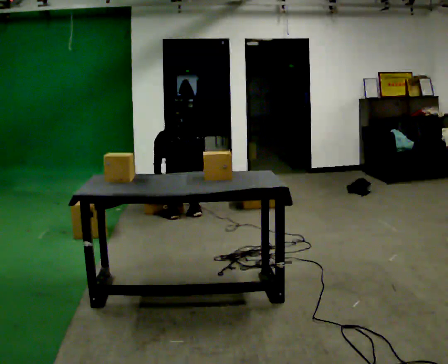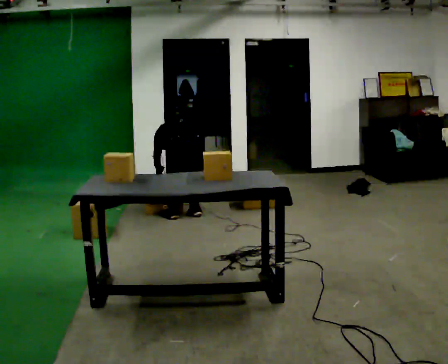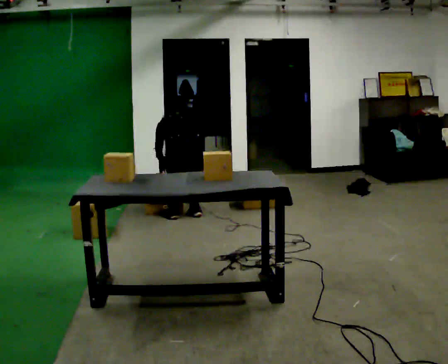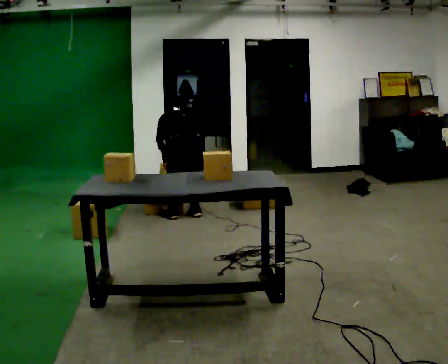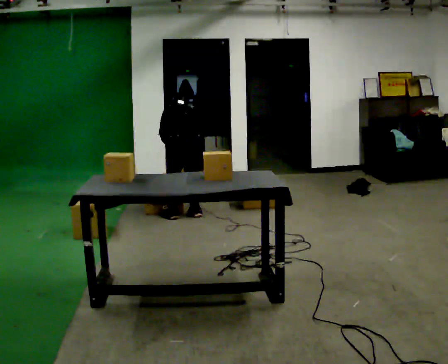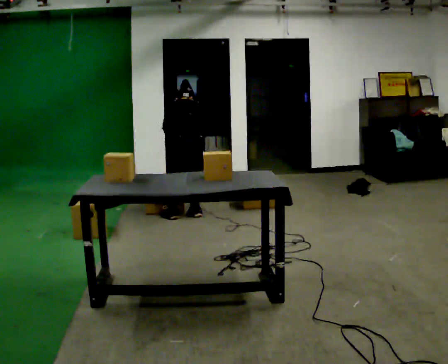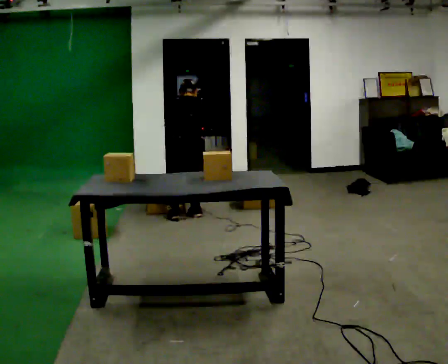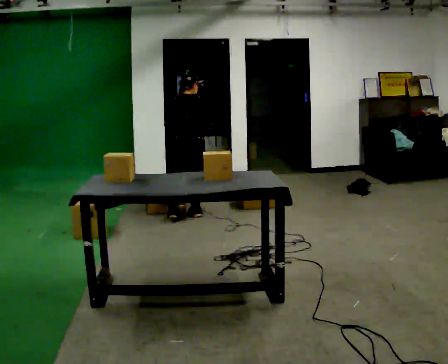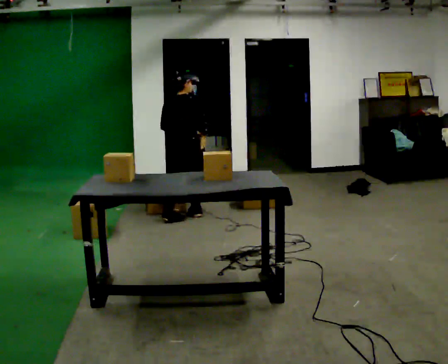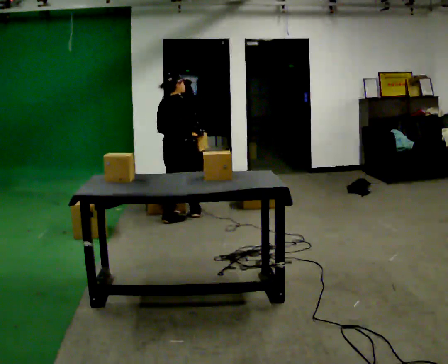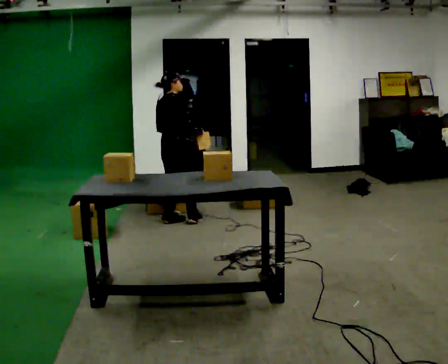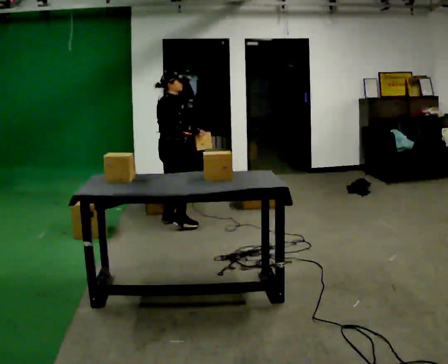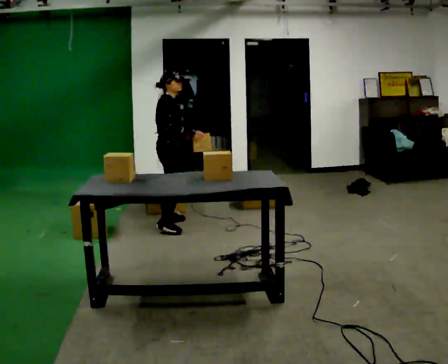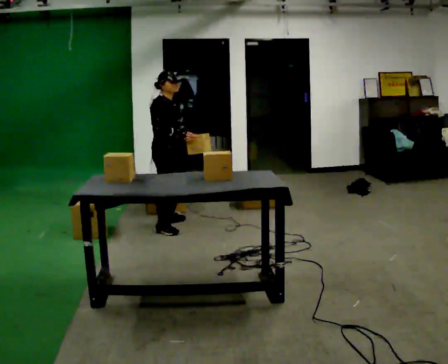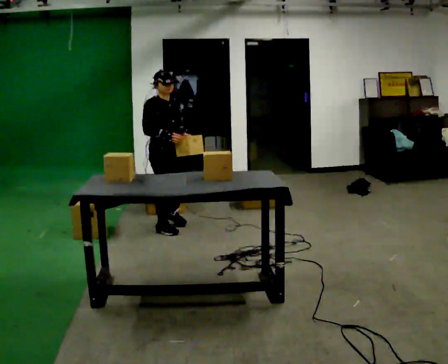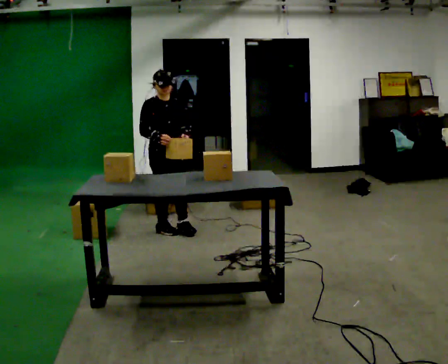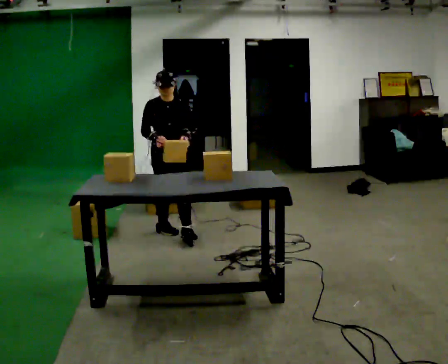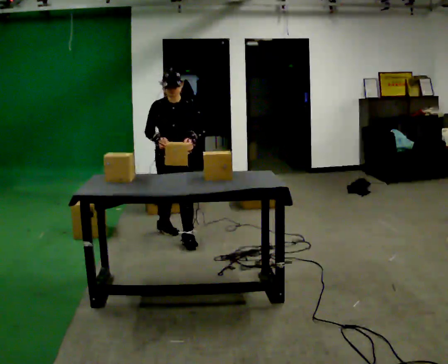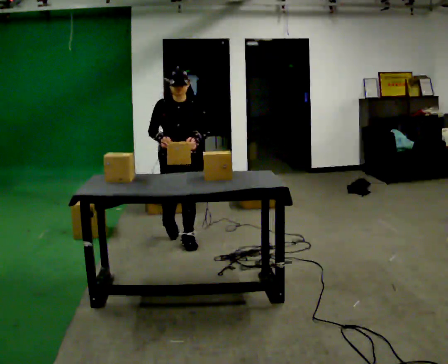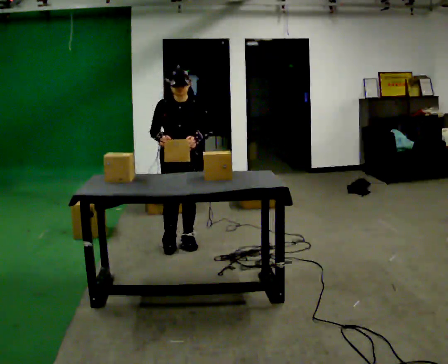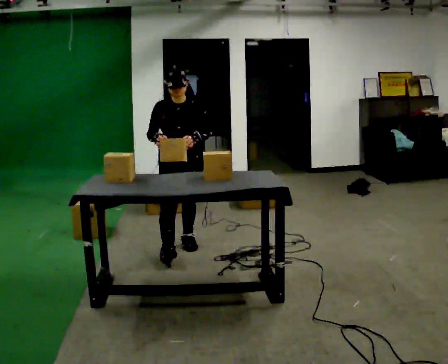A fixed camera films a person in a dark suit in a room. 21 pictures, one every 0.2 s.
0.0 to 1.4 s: The part of the body nearest the lens slides to the left as the person turns to their right by about 30 degrees. The shoulders move upward. The upper body tips toward the camera, its near side rolling downward, as they lean back or straighten. In the picture their left hand goes upward.
1.4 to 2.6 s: The person turns about 105 degrees to their right, clockwise seen from above, so the part of the body nearest the lens slides to the left. In the picture they go toward the camera and to the left, about 0.5 m in 1 step.
2.6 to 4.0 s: The part of the body nearest the lens slides to the left as the person turns to their right by about 60 degrees. In the picture they go toward the camera, about 0.75 m in 1 step.
The film runs forward here.
